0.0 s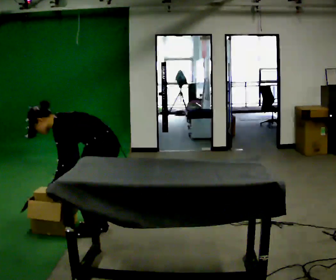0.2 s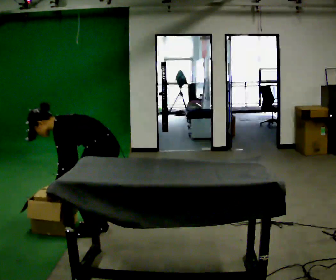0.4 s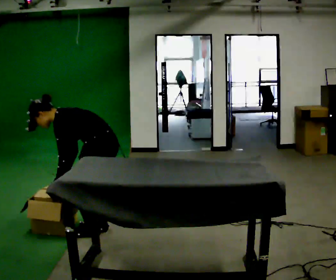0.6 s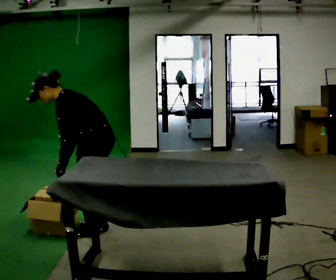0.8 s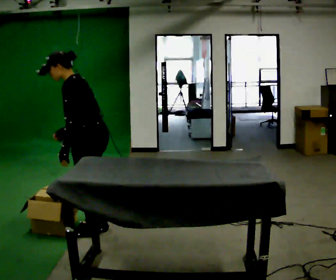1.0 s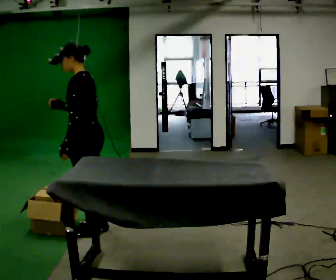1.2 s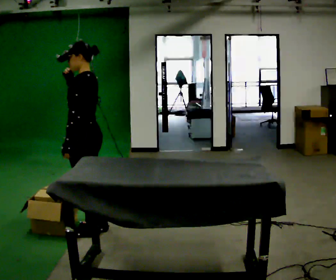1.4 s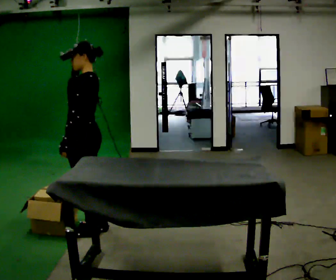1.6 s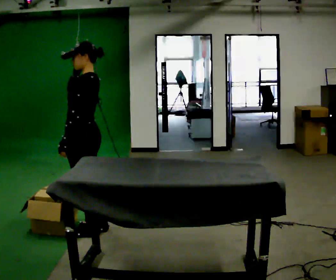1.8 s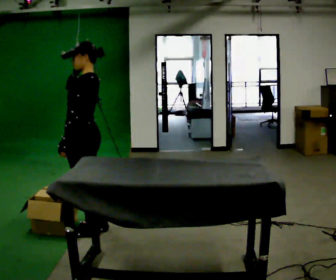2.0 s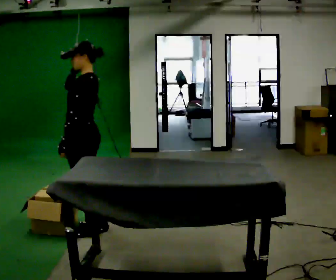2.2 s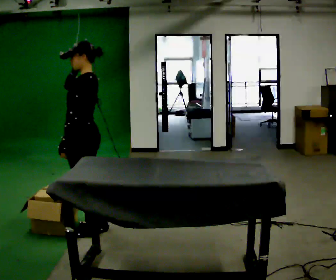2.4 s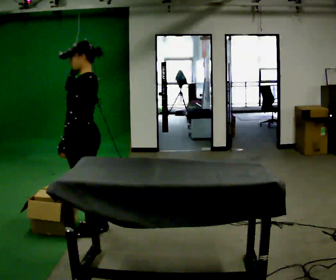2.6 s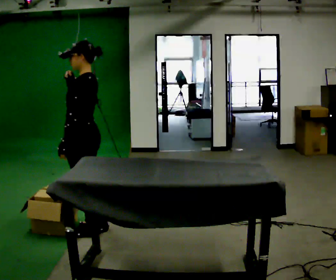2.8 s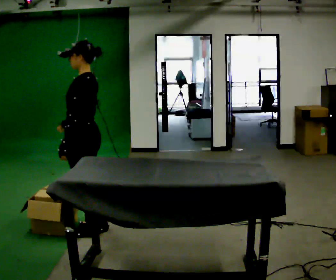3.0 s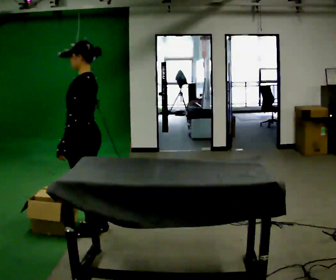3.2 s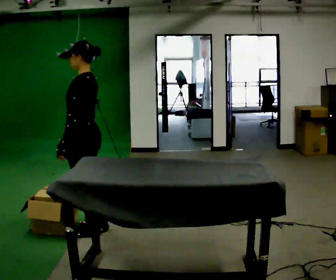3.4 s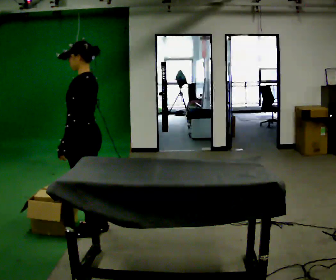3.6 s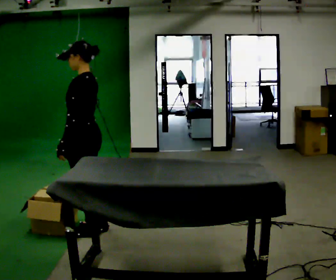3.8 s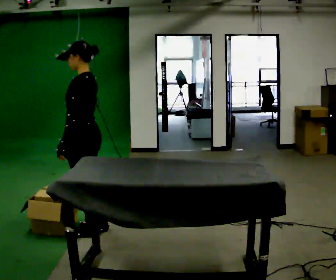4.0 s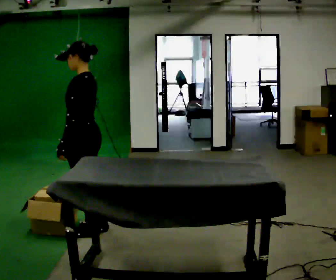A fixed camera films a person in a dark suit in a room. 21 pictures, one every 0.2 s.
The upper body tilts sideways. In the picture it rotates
clockwise.
The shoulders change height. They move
upward.
0.0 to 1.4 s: The shoulders move upward. In the picture the upper body tilts clockwise, shoulders to the right, as they lean back or straighten. In the picture their right hand goes upward.
1.4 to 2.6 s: The person moves a little, or ends about where they began.
2.6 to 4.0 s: In the picture their right hand goes downward.
The film runs forward here.
